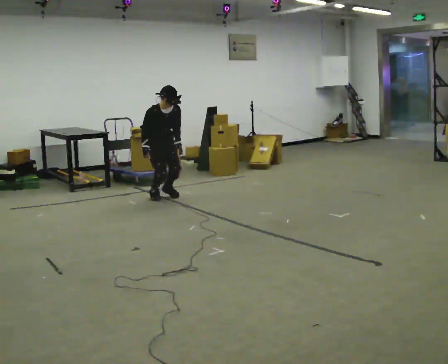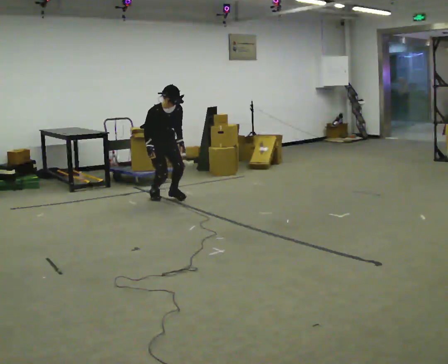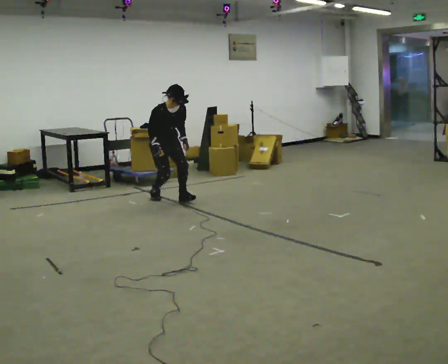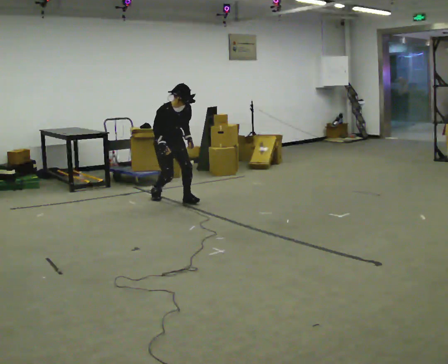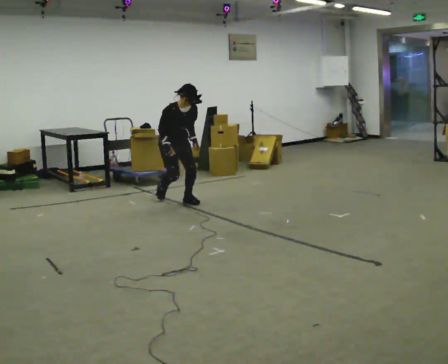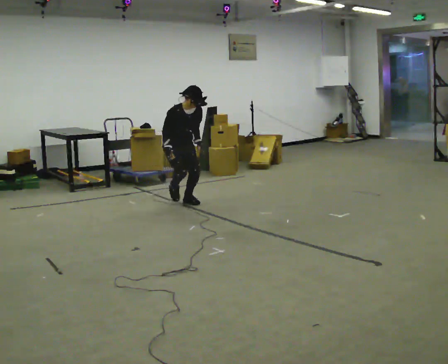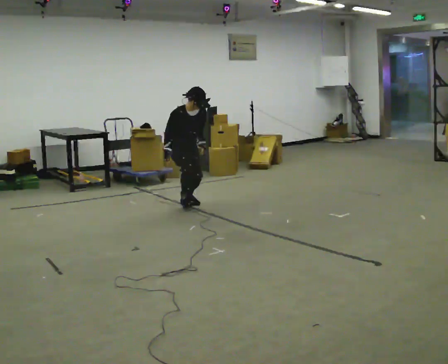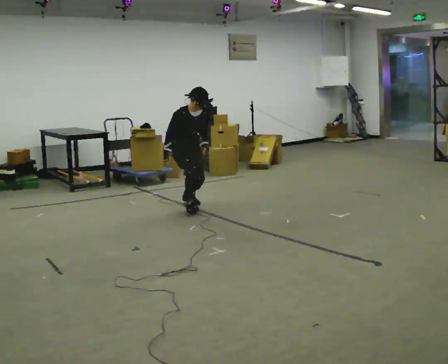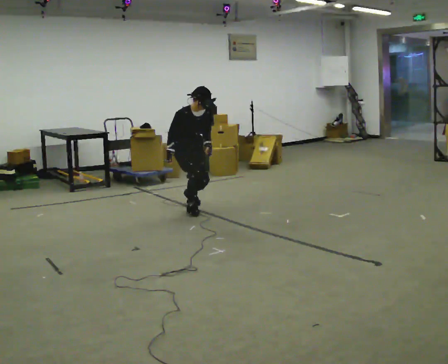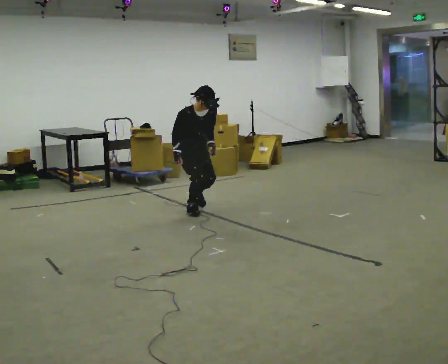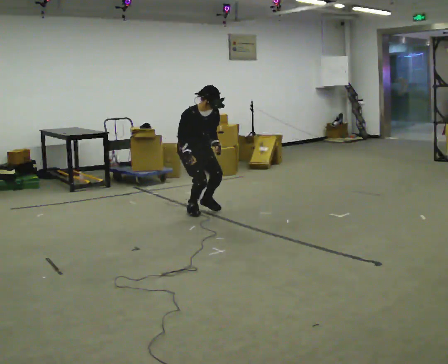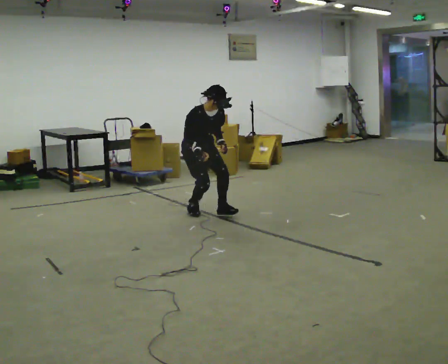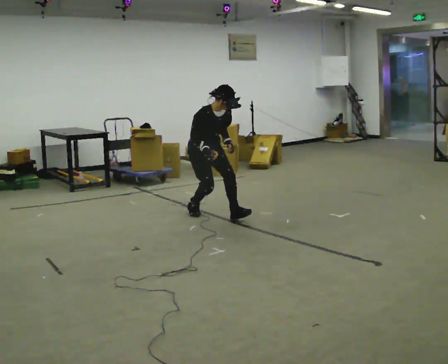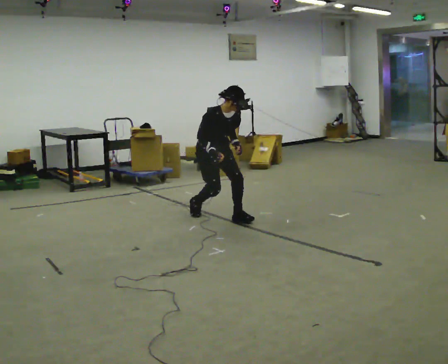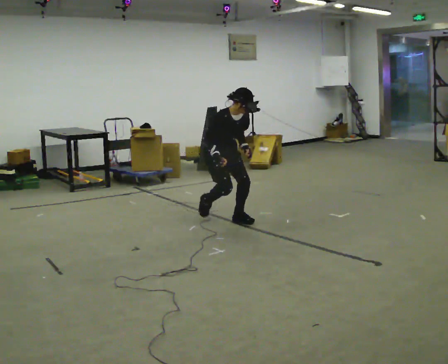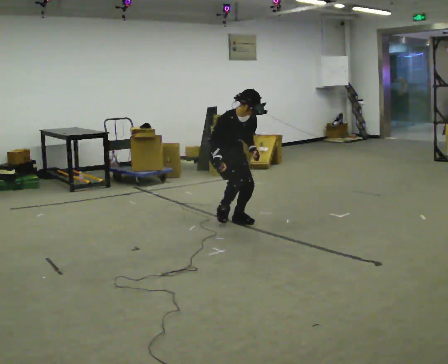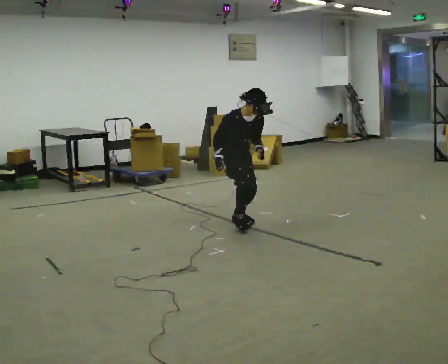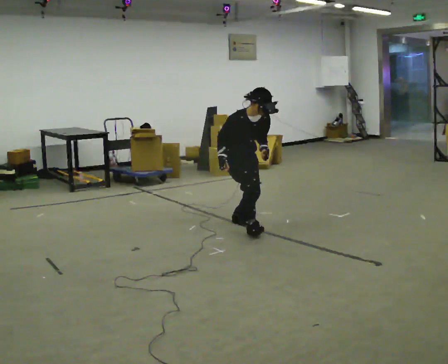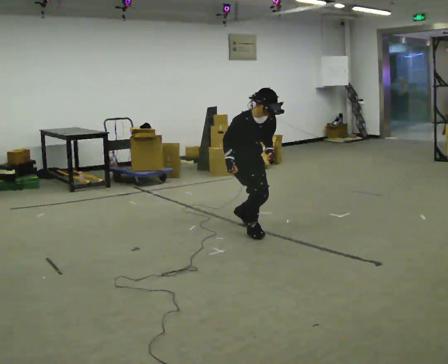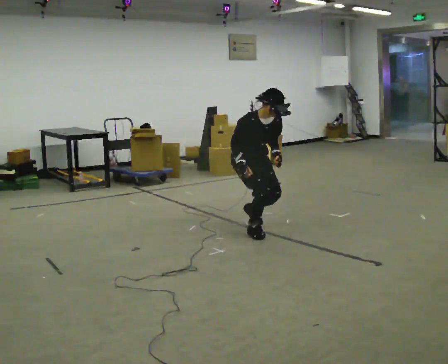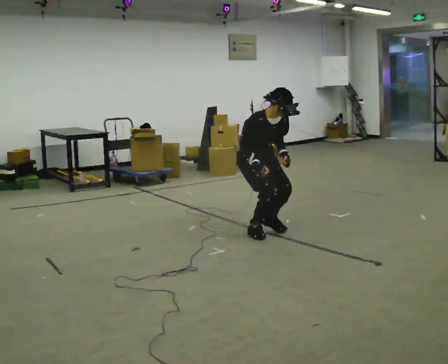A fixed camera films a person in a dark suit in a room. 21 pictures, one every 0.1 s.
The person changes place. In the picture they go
toward the camera.
0.0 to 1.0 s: In the picture they go toward the camera and to the right, about 1 m in 2 steps, which for them is forward.
1.0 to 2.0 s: In the picture they go toward the camera and to the right, about 1 m in 2 steps, which for them is forward.
The film runs forward here.
